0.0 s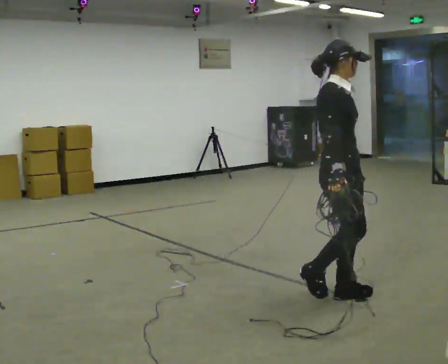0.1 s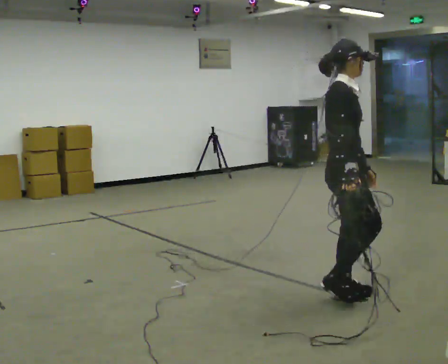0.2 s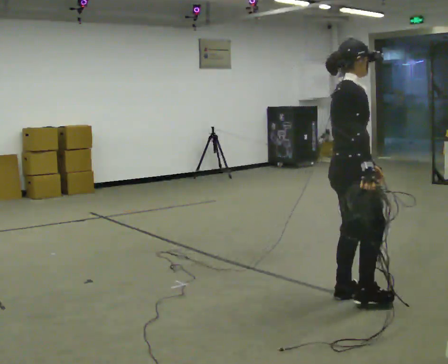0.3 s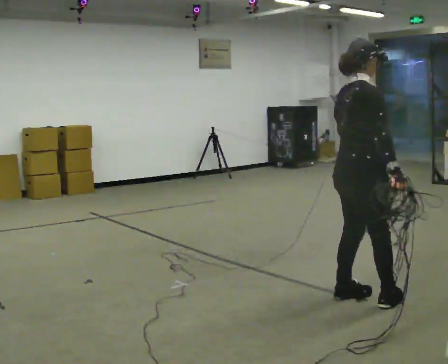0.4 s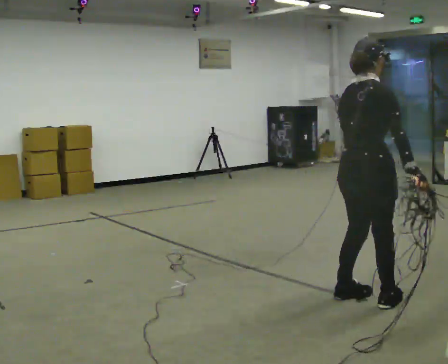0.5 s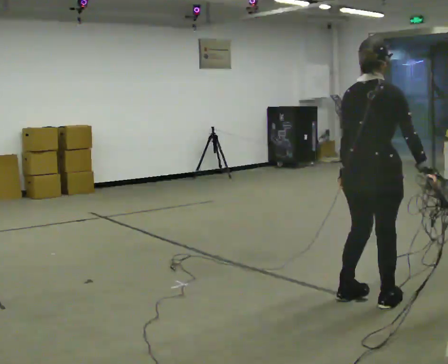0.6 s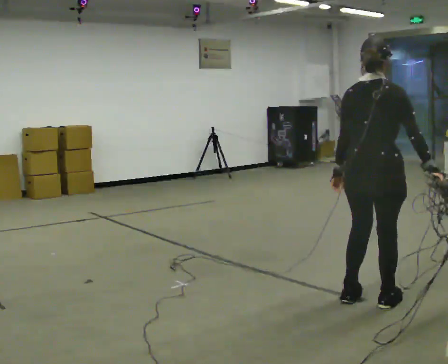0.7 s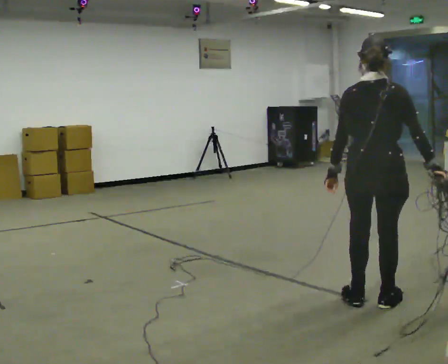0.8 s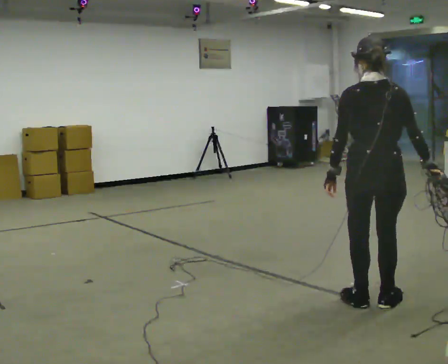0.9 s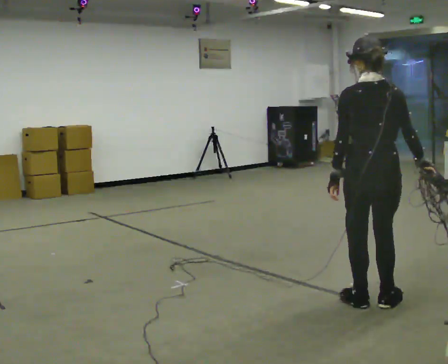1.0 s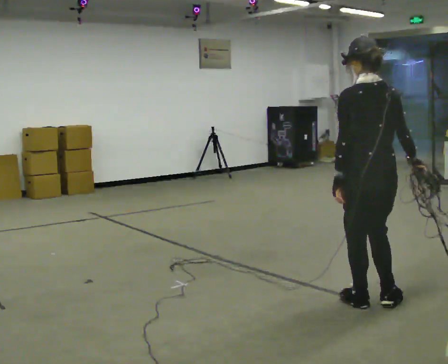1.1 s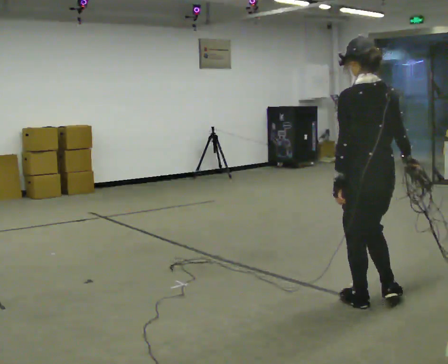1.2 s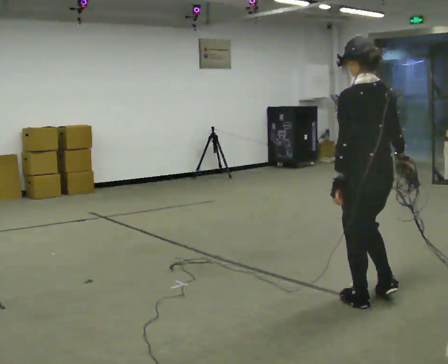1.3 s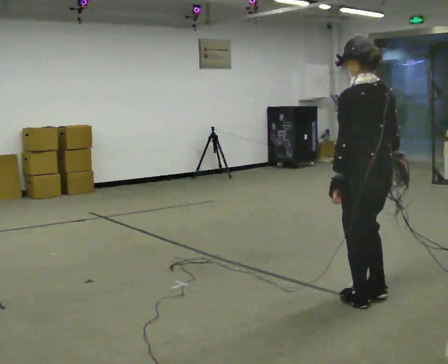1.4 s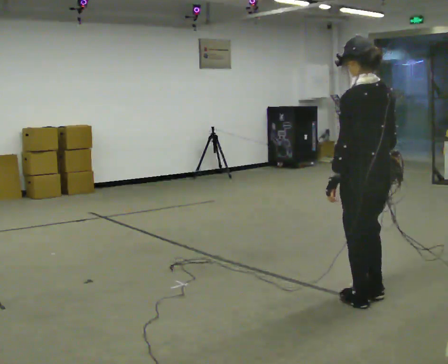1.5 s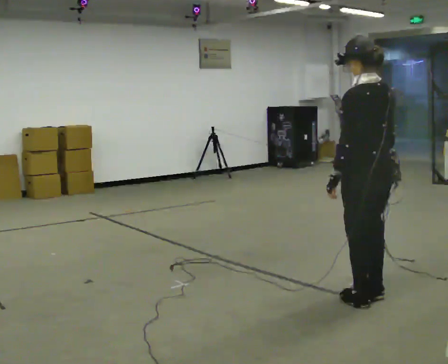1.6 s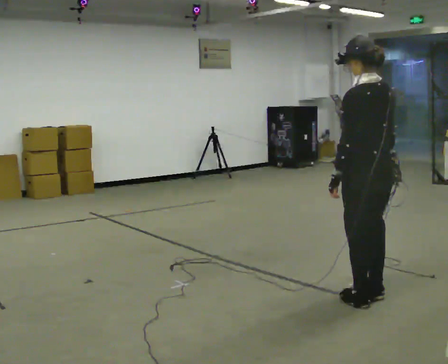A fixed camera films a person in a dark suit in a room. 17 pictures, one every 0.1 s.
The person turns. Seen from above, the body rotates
counterclockwise.
The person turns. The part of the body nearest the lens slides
to the right.
0.0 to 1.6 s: Seen from above the body turns counterclockwise, about 150 degrees: to their left, with its near side sliding to the right. In the picture they go to the right, about 0.25 m in 2 steps. In the picture their right hand goes to the right.
The film runs forward here.
